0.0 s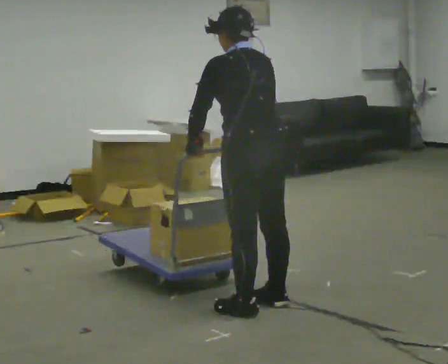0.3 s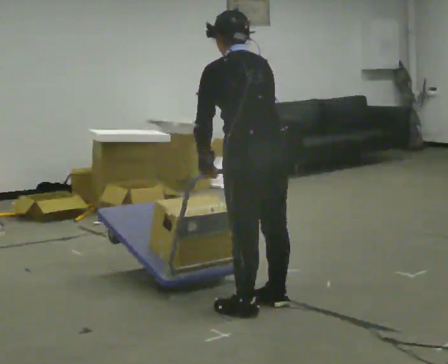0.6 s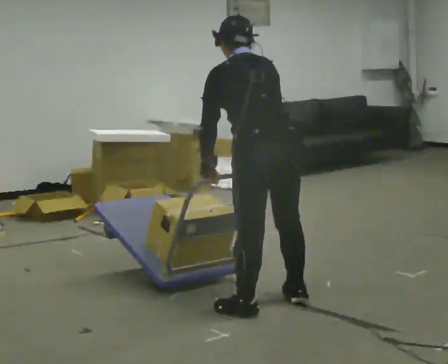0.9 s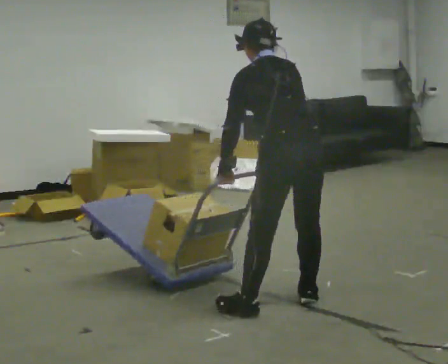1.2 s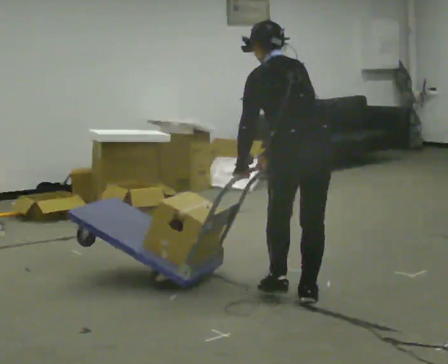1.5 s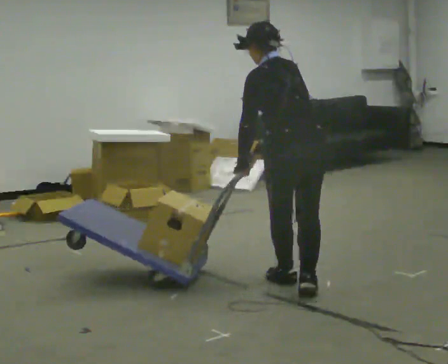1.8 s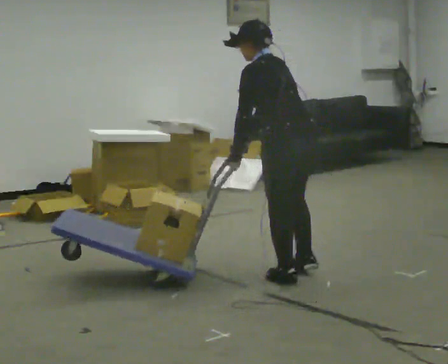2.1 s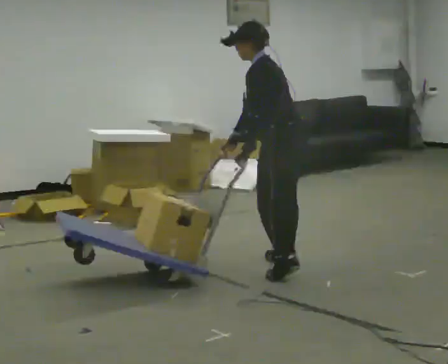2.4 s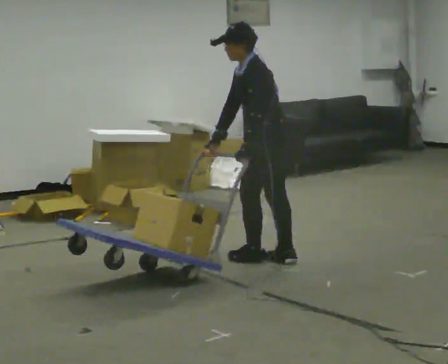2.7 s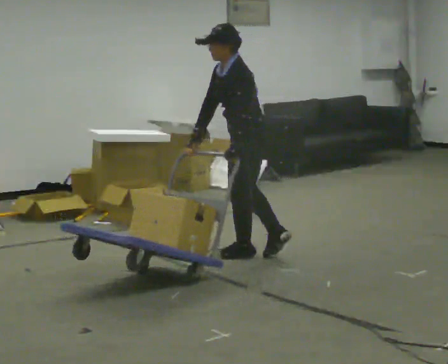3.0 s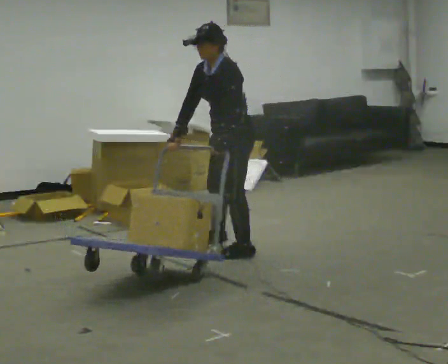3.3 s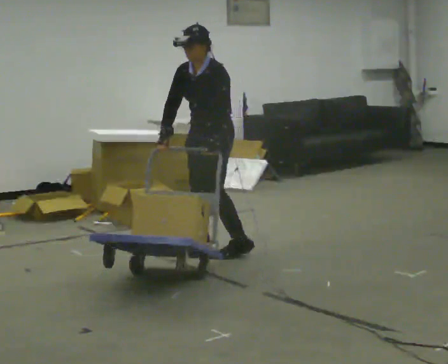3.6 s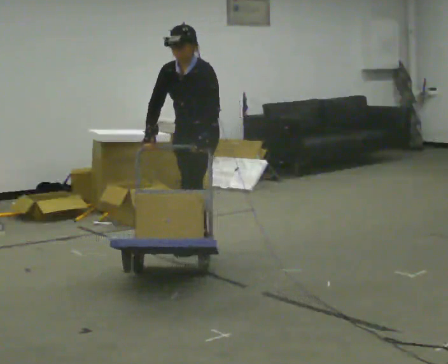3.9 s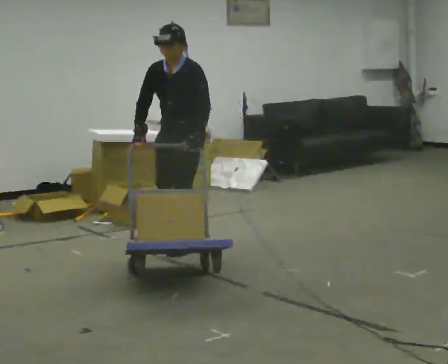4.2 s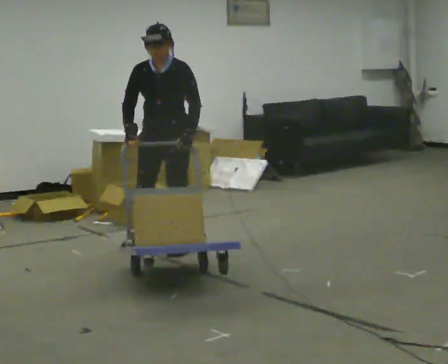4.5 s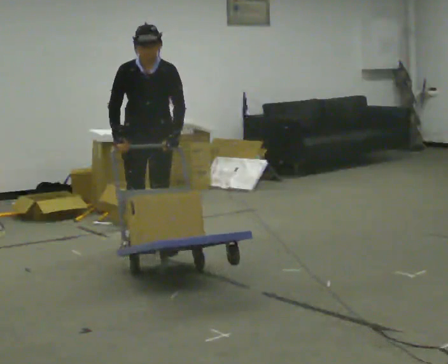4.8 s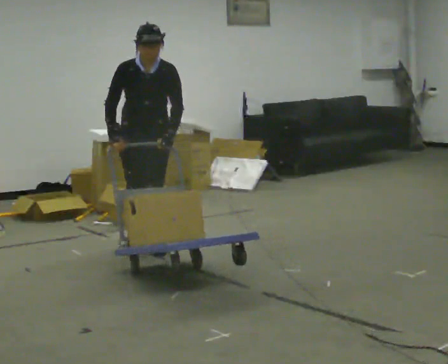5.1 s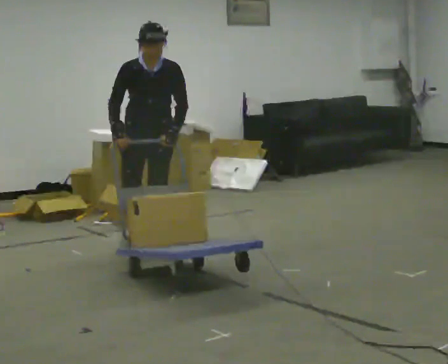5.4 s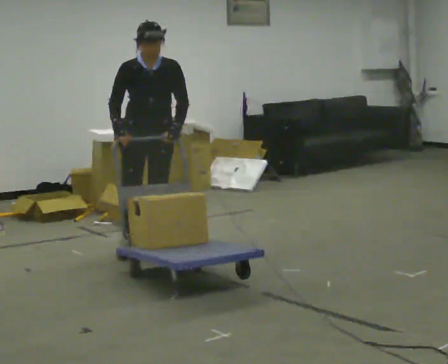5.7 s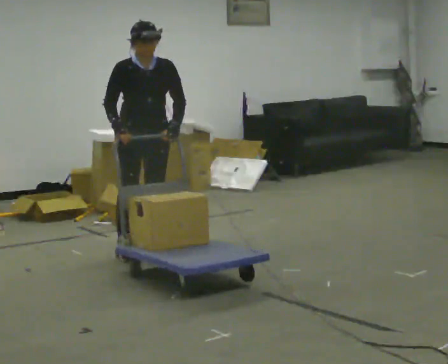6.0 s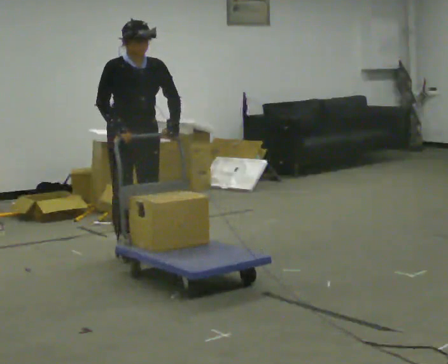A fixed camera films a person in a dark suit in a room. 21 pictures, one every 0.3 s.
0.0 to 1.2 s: In the picture they go to the right and away from the camera, about 0.25 m, which for them is to their right.
1.2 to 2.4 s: The person turns about 60 degrees to their left, counterclockwise seen from above, so the part of the body nearest the lens slides to the right. In the picture they go away from the camera, about 1 m in 2 steps, which for them is forward and to their right. The upper body tips toward the camera, its near side rolling downward.
2.4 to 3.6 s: Seen from above the body turns counterclockwise, about 60 degrees: to their left, with its near side sliding to the right. In the picture they go to the left and away from the camera, about 0.75 m in 2 steps, which for them is to their right and forward.
3.6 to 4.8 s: Seen from above the body turns counterclockwise, about 45 degrees: to their left, with its near side sliding to the right. In the picture they go to the left, about 0.25 m in 3 steps, which for them is to their right and forward.
4.8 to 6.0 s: The person turns about 30 degrees to their left, counterclockwise seen from above, so the part of the body nearest the lens slides to the right. In the picture they go toward the camera, about 0.25 m in 1 step, which for them is forward.
The film runs forward here.
